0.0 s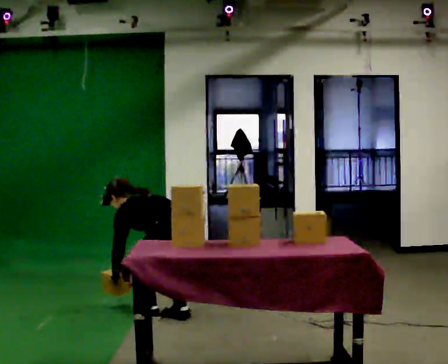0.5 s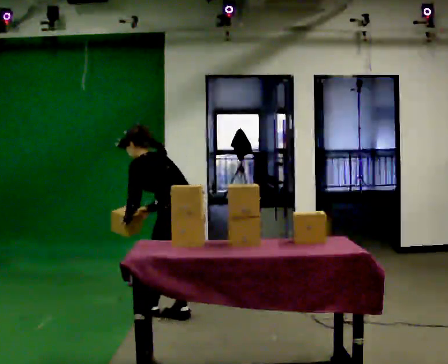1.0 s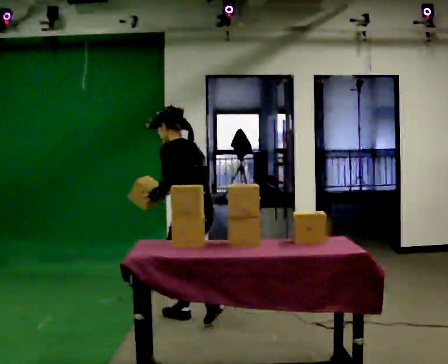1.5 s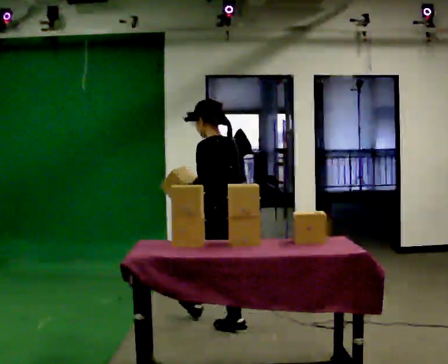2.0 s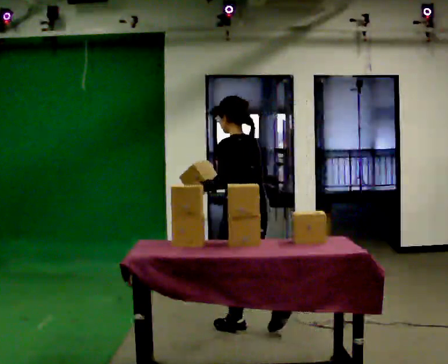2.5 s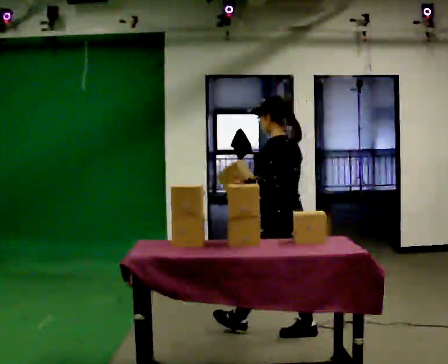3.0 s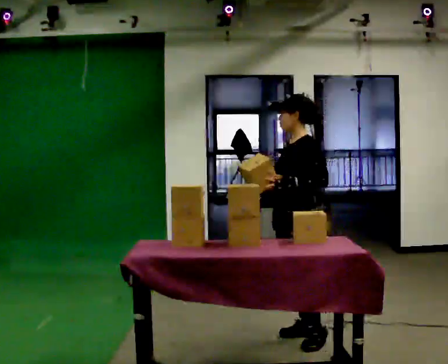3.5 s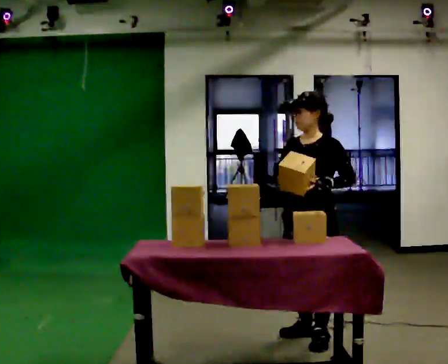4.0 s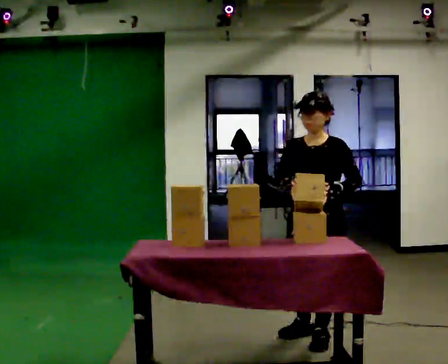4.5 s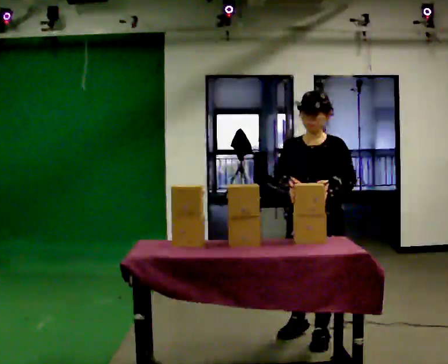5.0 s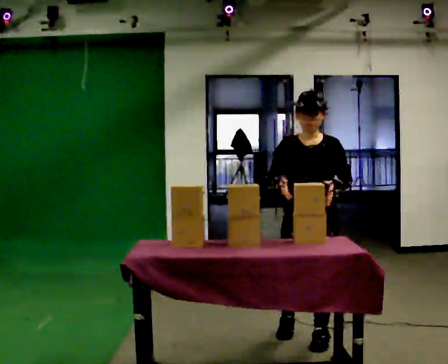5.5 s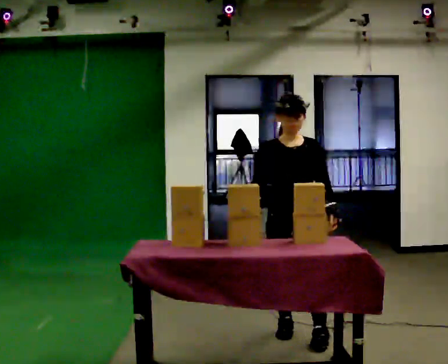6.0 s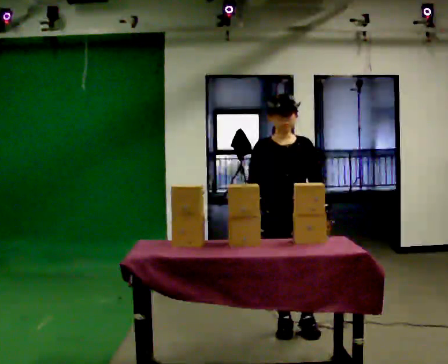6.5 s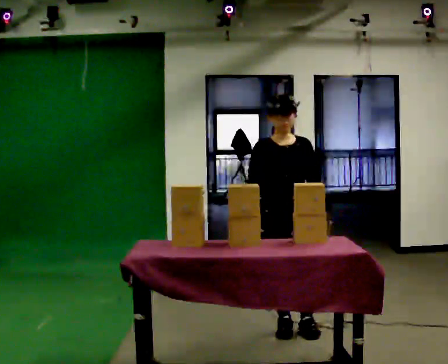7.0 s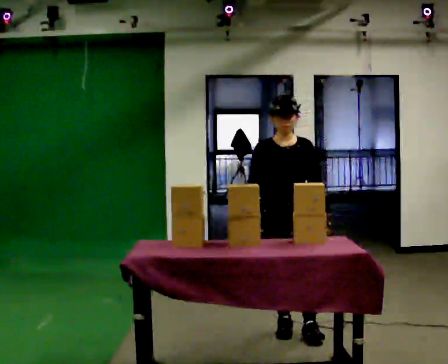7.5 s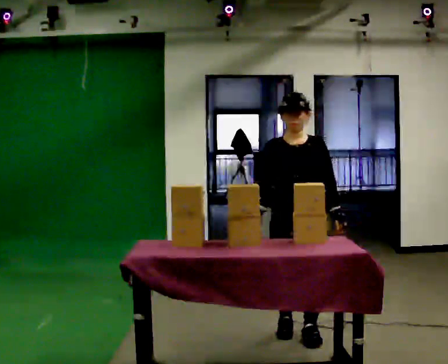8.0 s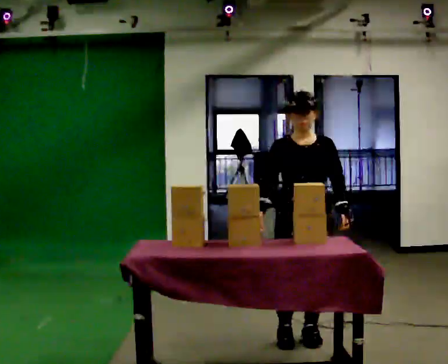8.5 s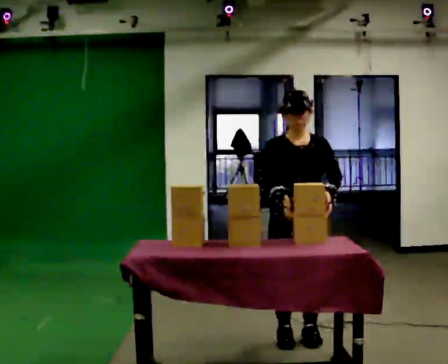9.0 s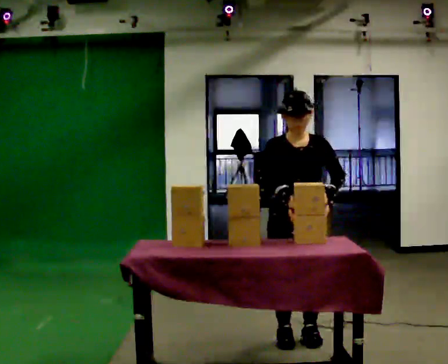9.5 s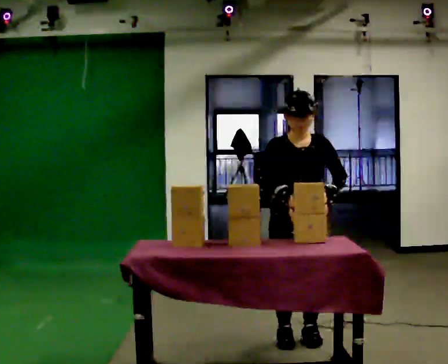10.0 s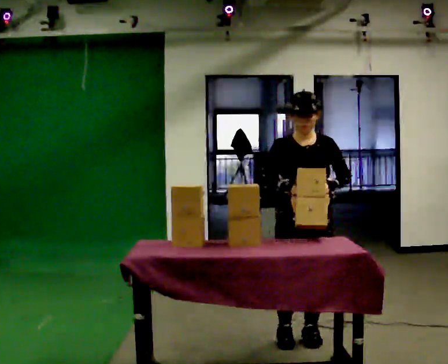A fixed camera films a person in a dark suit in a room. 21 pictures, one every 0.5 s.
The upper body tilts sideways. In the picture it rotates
clockwise.
0.0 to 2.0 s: In the picture they go to the right and toward the camera, about 0.5 m in 2 steps, which for them is backward. The upper body goes upward. In the picture the upper body tilts clockwise, shoulders to the right, as they lean back or straighten. In the picture their right hand goes upward.
2.0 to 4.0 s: The part of the body nearest the lens slides to the right as the person turns to their left by about 105 degrees. In the picture they go to the right and toward the camera, about 0.5 m in 1 step.
4.0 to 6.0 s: The person turns about 45 degrees to their left, counterclockwise seen from above, so the part of the body nearest the lens slides to the right. In the picture they go away from the camera and to the left, about 0.25 m in 1 step, which for them is to their right and backward.
6.0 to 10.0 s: In the picture they go toward the camera, about 0.25 m in 1 step, which for them is forward.
The film runs backward here.
